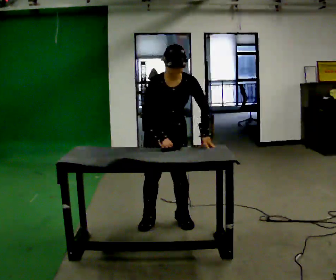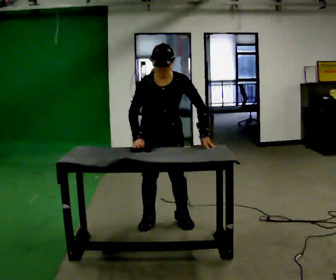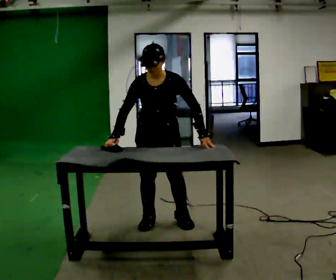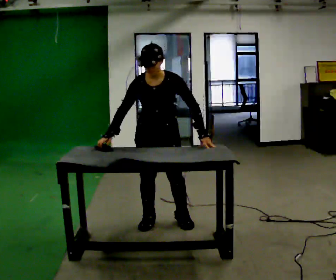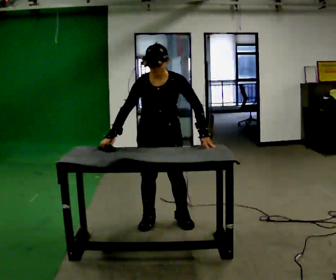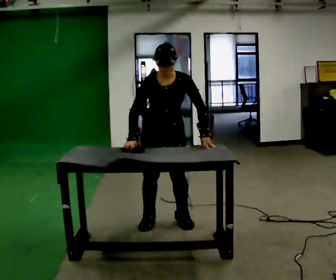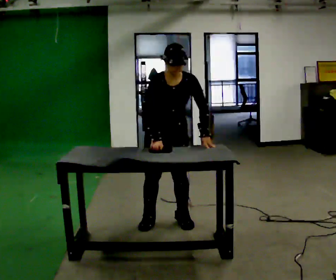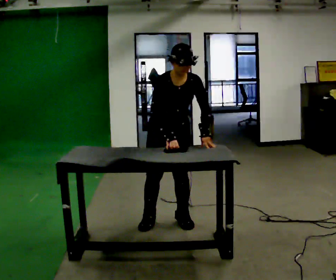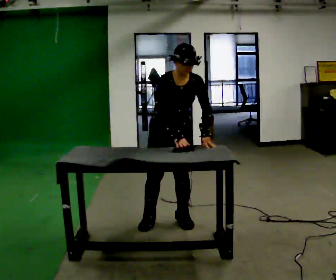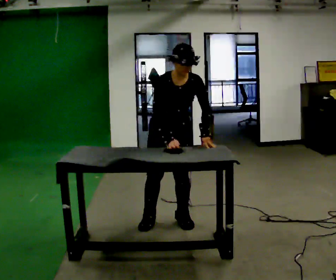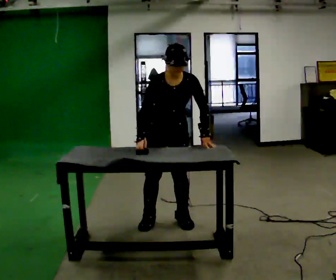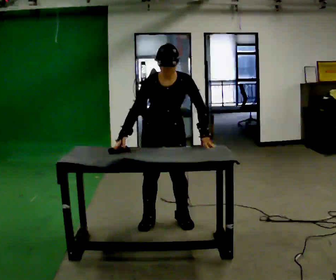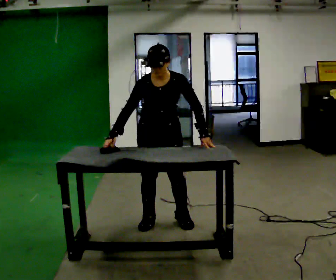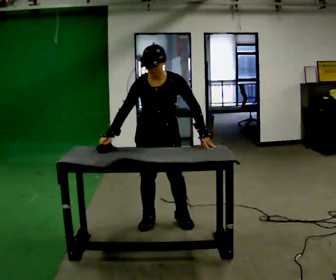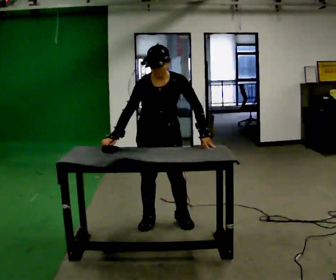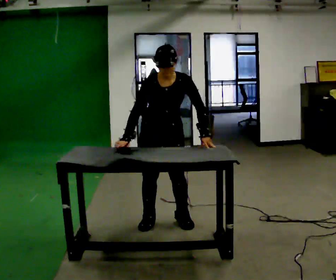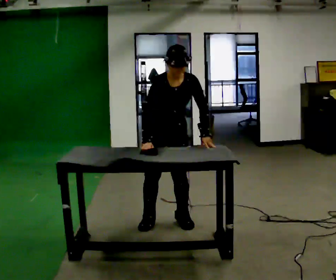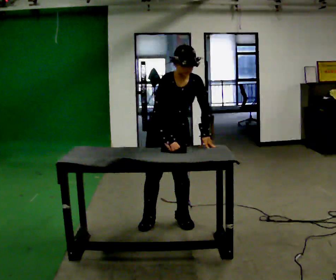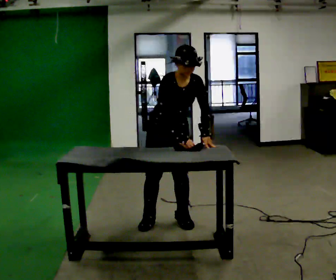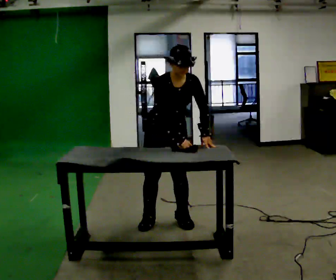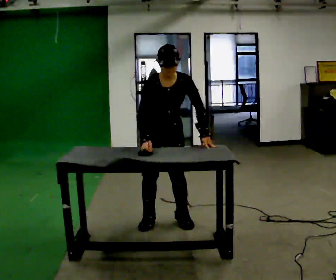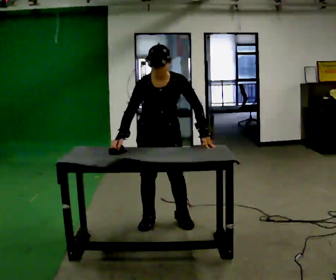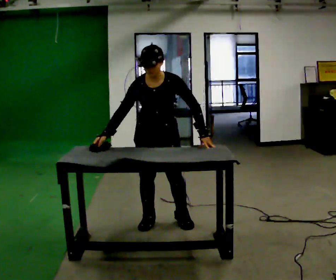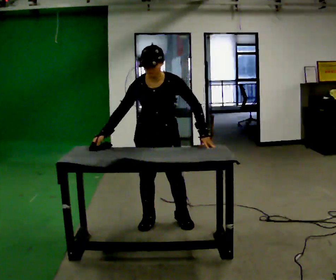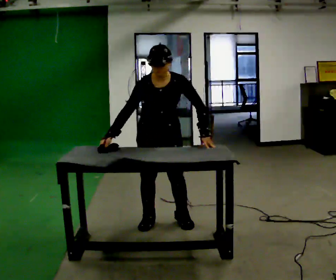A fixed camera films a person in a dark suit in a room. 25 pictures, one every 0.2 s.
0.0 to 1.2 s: The person moves a little, or ends about where they began.
1.2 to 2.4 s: In the picture their right hand goes to the left.
2.4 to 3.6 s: In the picture the upper body tilts clockwise, shoulders to the right. In the picture their right hand goes to the right.
3.6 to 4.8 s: In the picture their right hand goes to the left, the arm swinging clockwise.
The film runs backward here.
